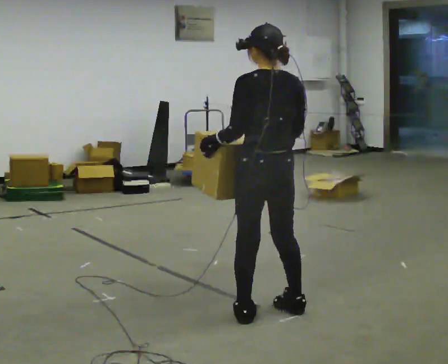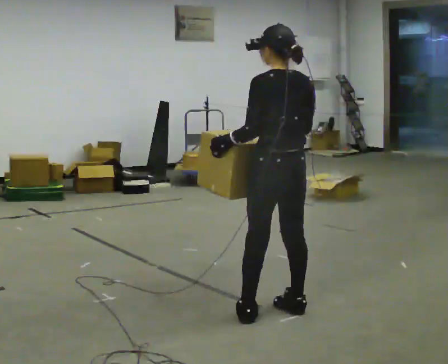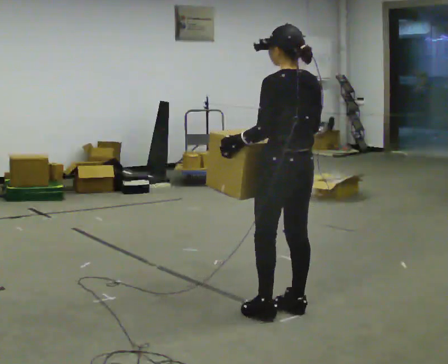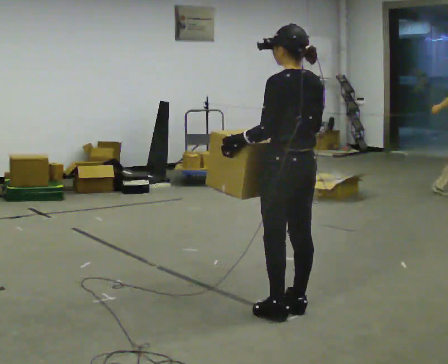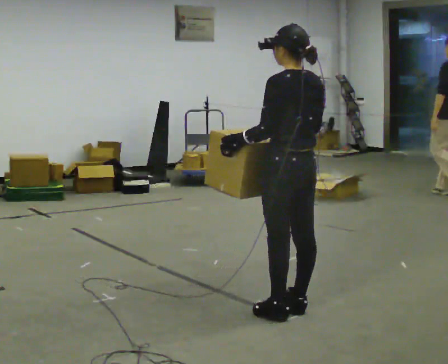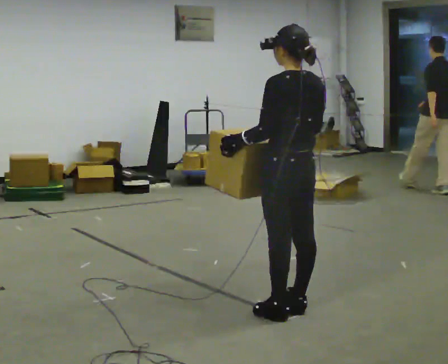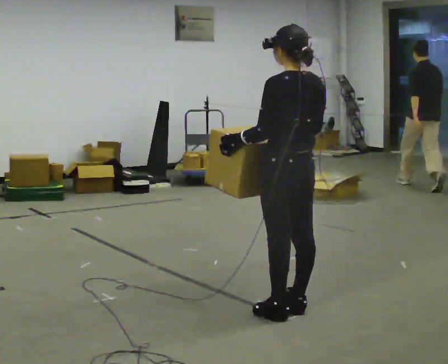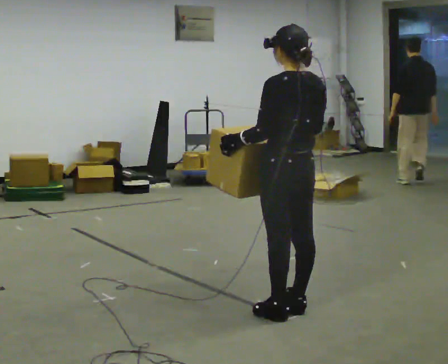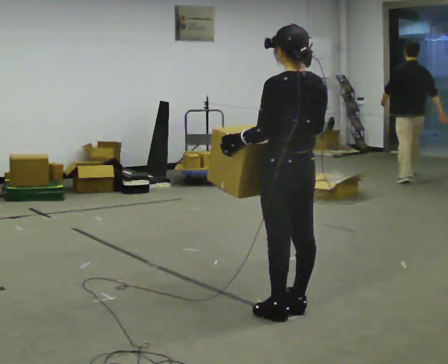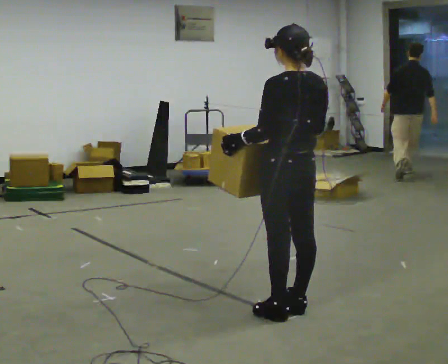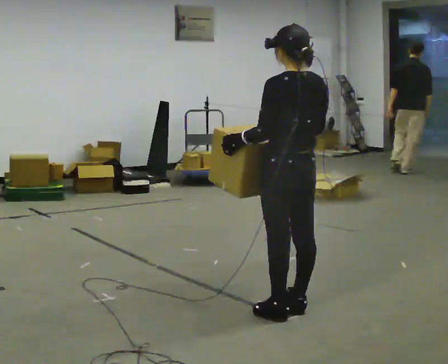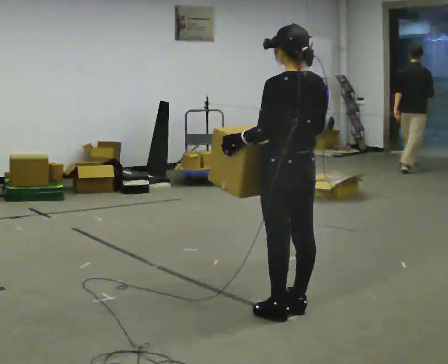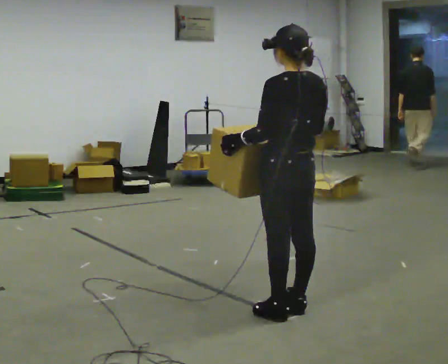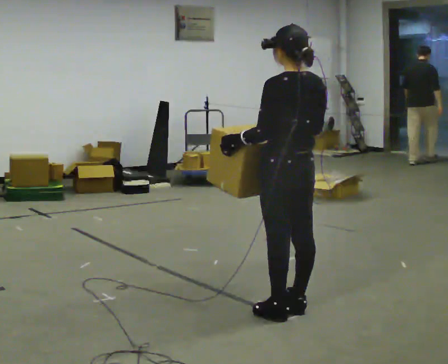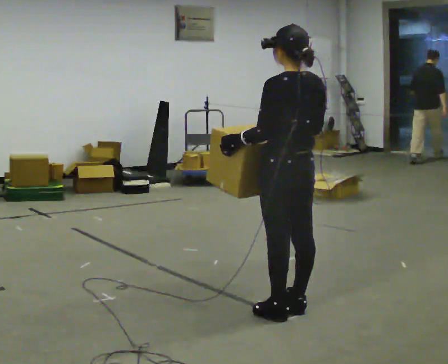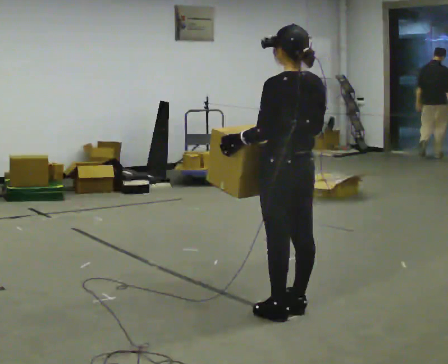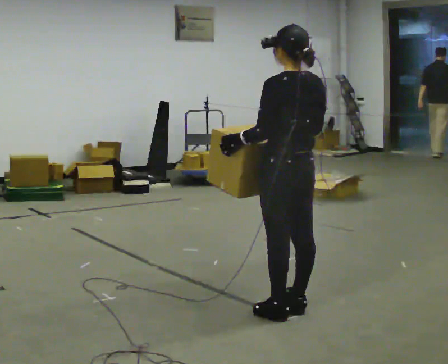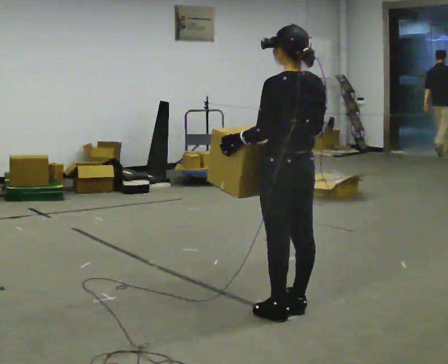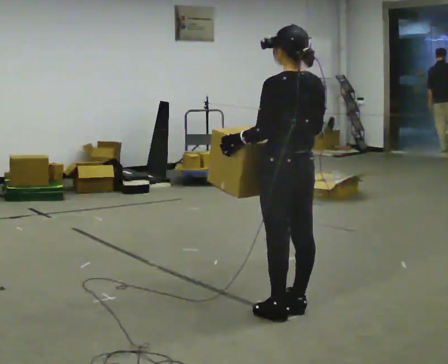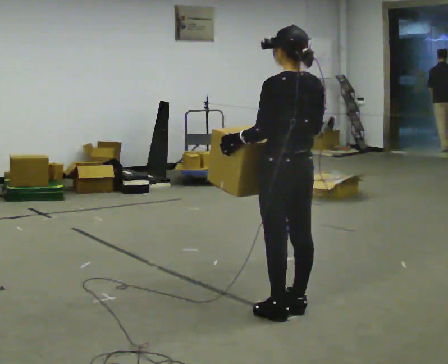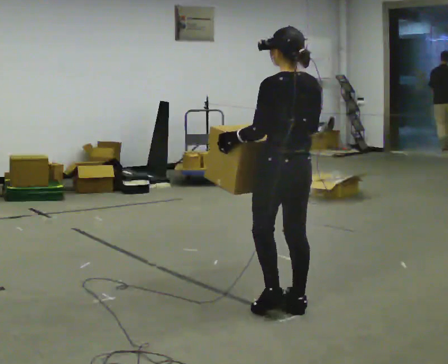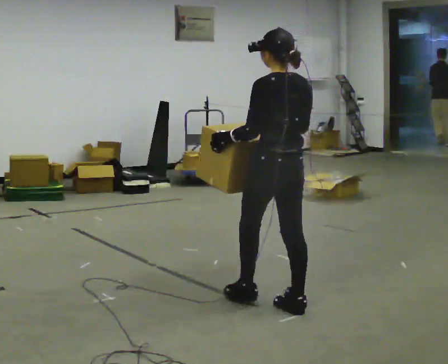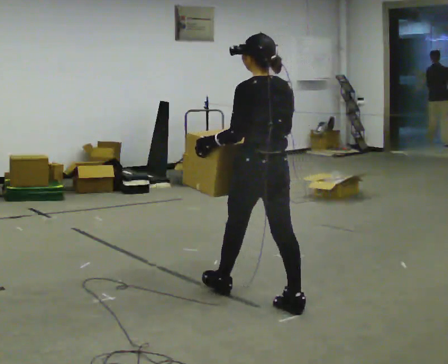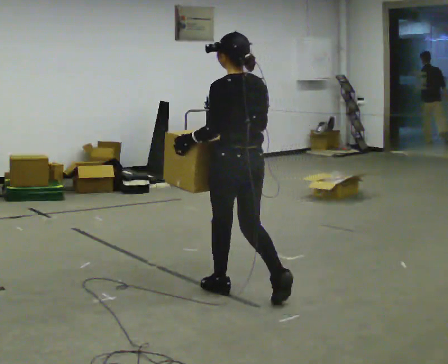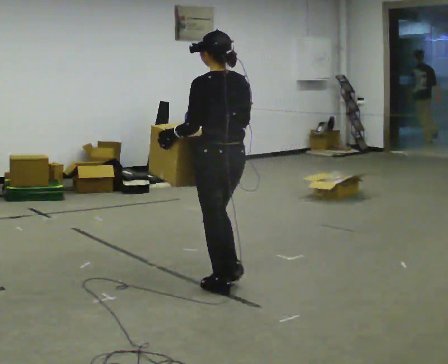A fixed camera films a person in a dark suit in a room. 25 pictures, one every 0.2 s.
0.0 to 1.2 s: The person moves a little, or ends about where they began.
1.2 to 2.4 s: The person keeps their place and pose.
2.4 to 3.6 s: The person moves a little, or ends about where they began.
3.6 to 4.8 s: In the picture they go to the left and away from the camera, about 0.5 m in 1 step, which for them is forward.
The film runs forward here.
